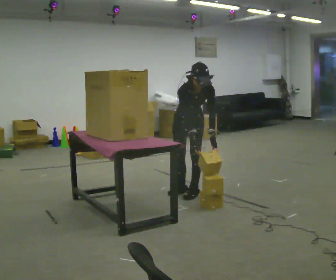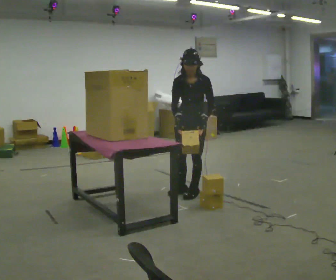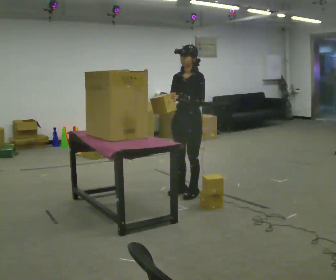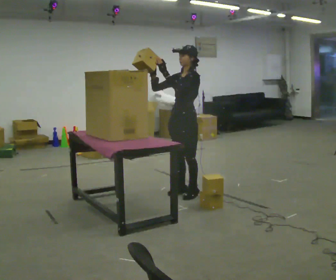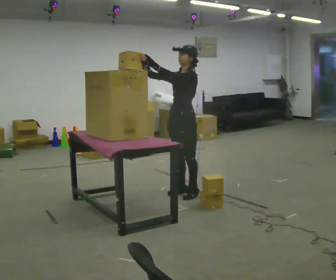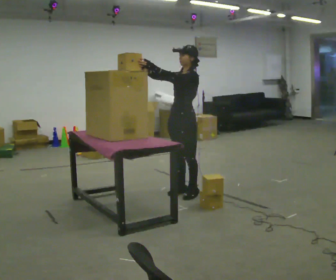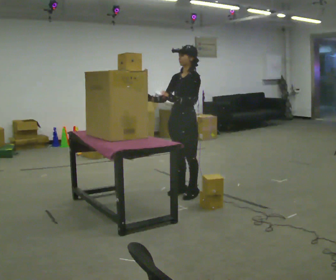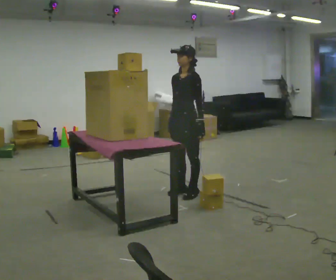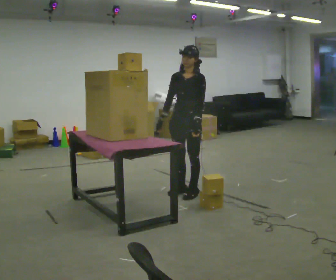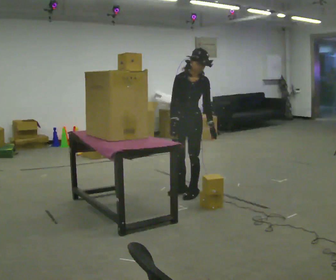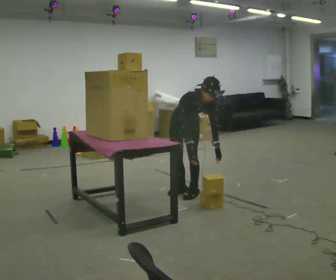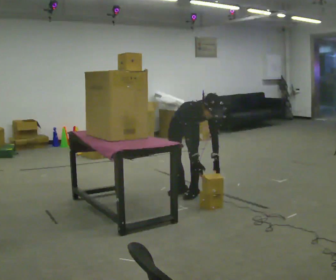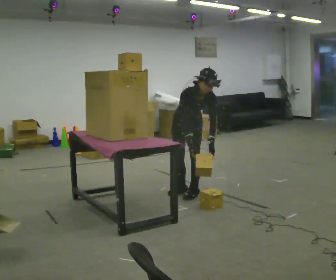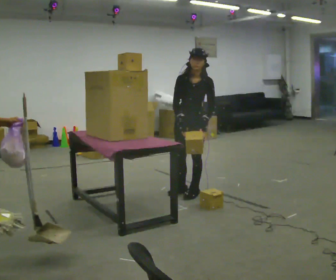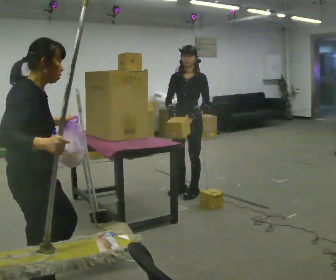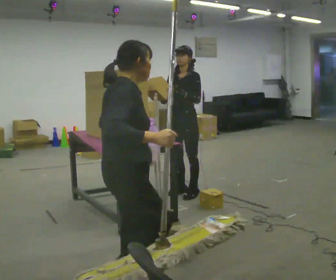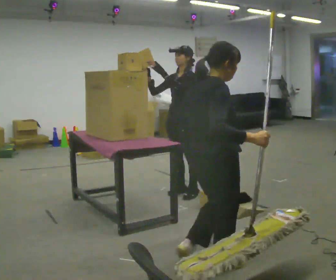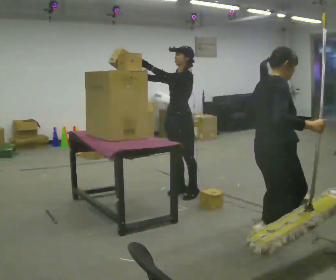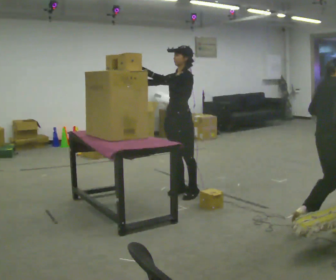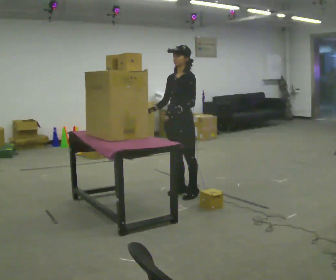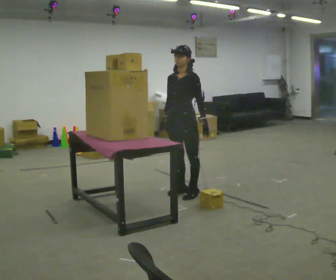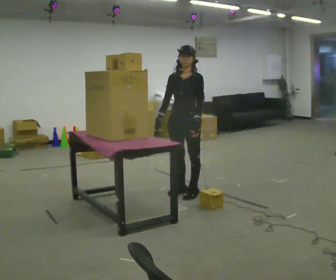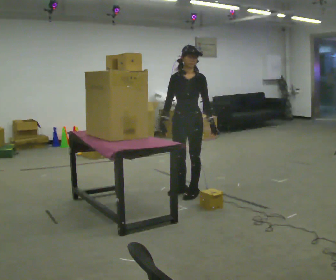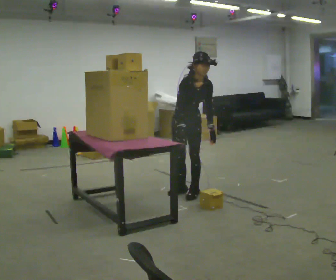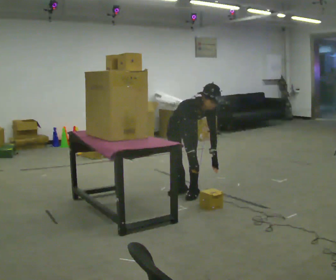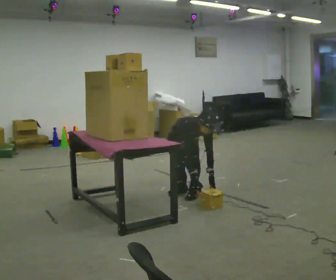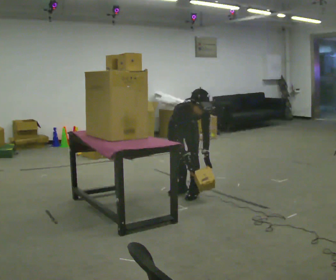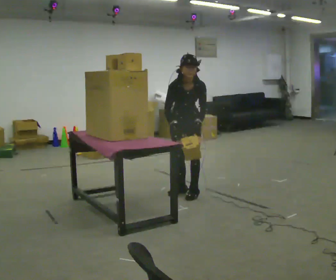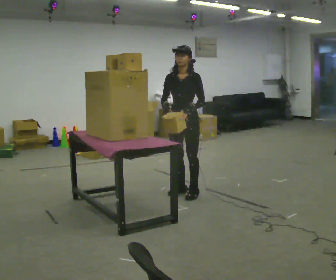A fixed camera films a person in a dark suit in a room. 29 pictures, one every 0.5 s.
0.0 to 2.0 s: Seen from above the body turns clockwise, about 60 degrees: to their right, with its near side sliding to the left. The upper body tips away from the camera, its near side rolling upward, as they lean back or straighten. In the picture their left hand goes upward and to the left.
2.0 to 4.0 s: The person turns about 30 degrees to their left, counterclockwise seen from above, so the part of the body nearest the lens slides to the right. In the picture their left hand goes downward and to the right.
4.0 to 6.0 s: Seen from above the body turns counterclockwise, about 30 degrees: to their left, with its near side sliding to the right.
6.0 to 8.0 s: Seen from above the body turns clockwise, about 60 degrees: to their right, with its near side sliding to the left. The upper body goes upward. The upper body tips away from the camera, its near side rolling upward, as they lean back or straighten. In the picture their left hand goes upward and to the left.
8.0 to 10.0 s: In the picture their left hand goes downward and to the right.
10.0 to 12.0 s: Seen from above the body turns counterclockwise, about 60 degrees: to their left, with its near side sliding to the right. The upper body goes downward. The upper body tips toward the camera, its near side rolling downward, as they bend forward. In the picture their right hand goes downward.
12.0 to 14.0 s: Seen from above the body turns clockwise, about 45 degrees: to their right, with its near side sliding to the left. The upper body tips away from the camera, its near side rolling upward, as they lean back or straighten. In the picture their left hand goes upward.
The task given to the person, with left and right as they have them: Pick an object up off the floor at your feet and place it on the highest shelf you can comfortably reach. Repeat at your own pace until the operator says stop. Keep both feet on the marked spots for the whole take. If you have to step, stop and tell the operator.
The film runs forward here.
